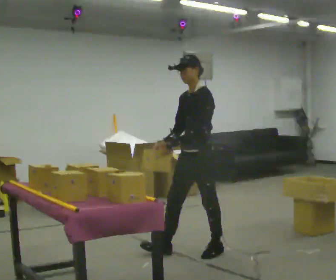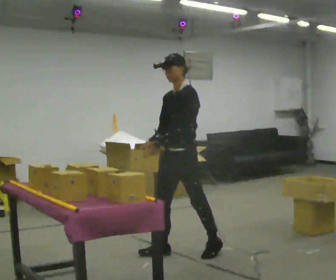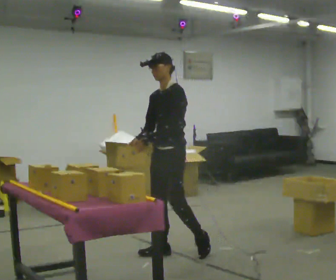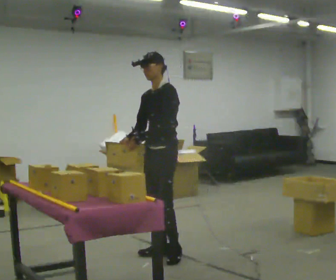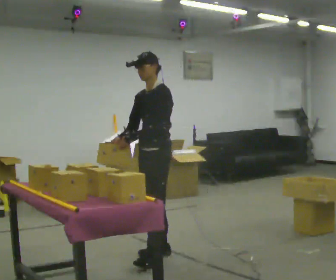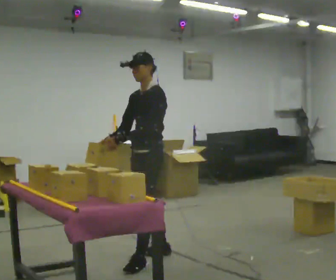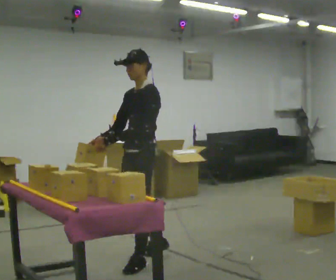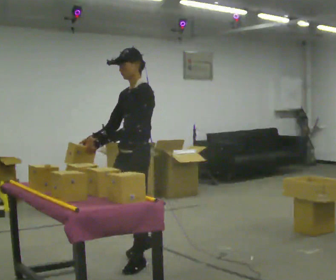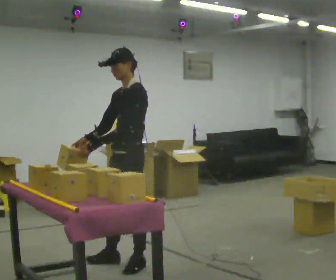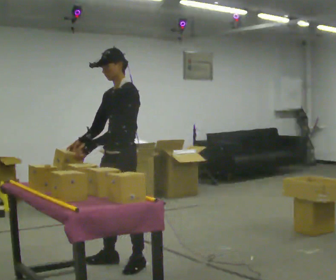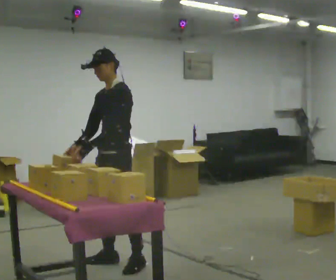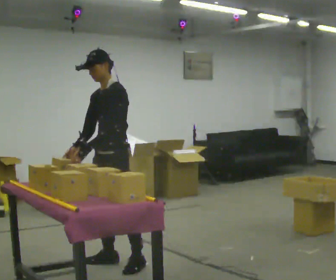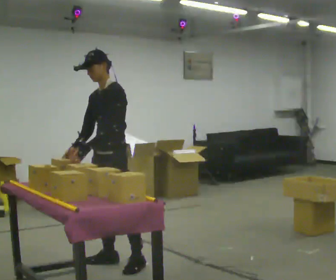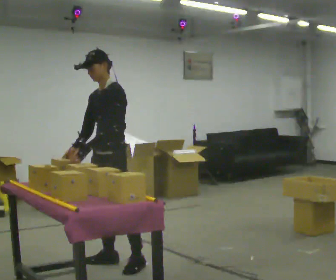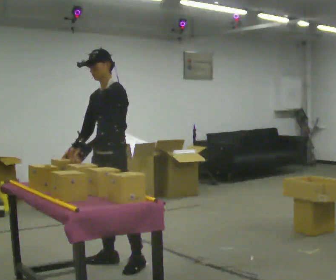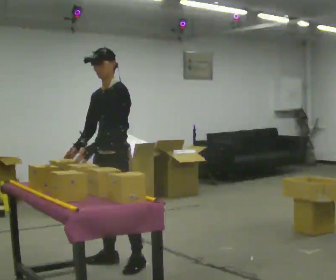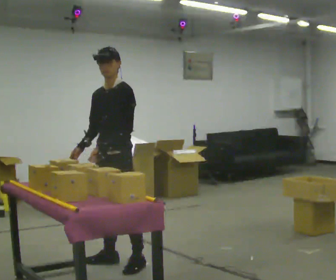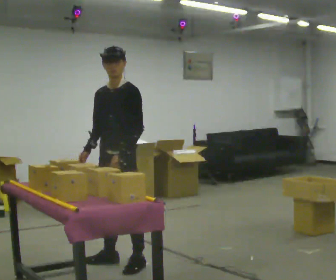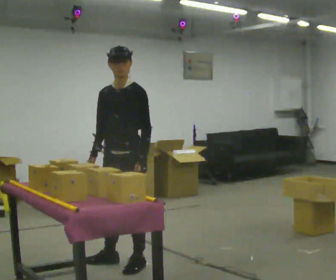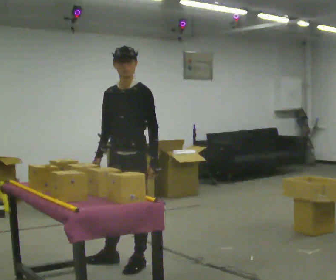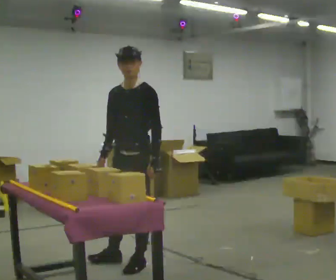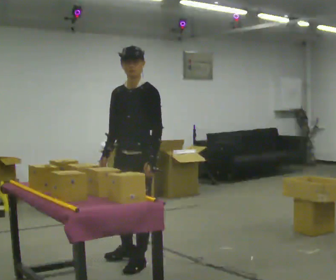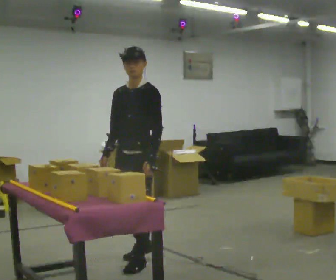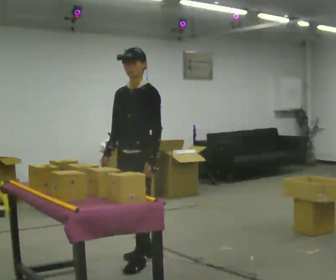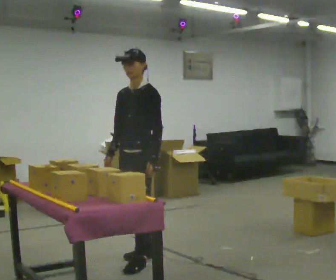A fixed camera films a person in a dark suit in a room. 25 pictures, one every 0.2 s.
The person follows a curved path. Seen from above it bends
clockwise.
0.0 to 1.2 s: In the picture they go to the left, about 0.5 m in 1 step, which for them is forward.
1.2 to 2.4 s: In the picture they go to the left, about 0.25 m in 1 step, which for them is forward.
2.4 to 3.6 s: In the picture their left hand goes to the right.
3.6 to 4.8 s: The person moves a little, or ends about where they began.
The film runs forward here.
